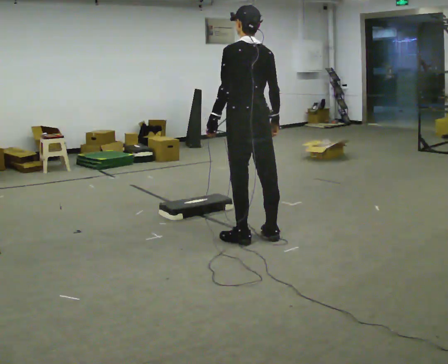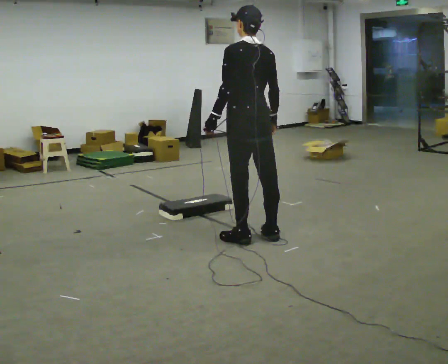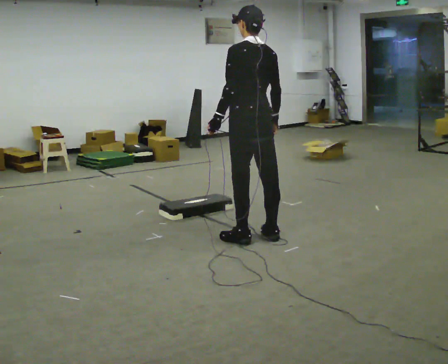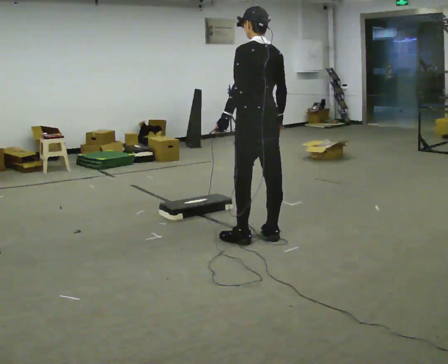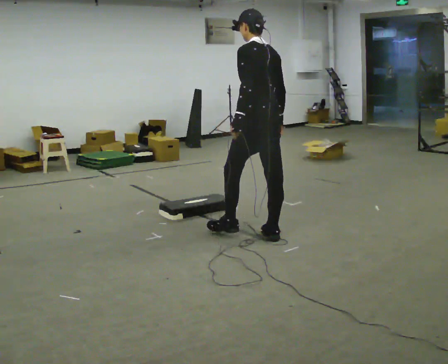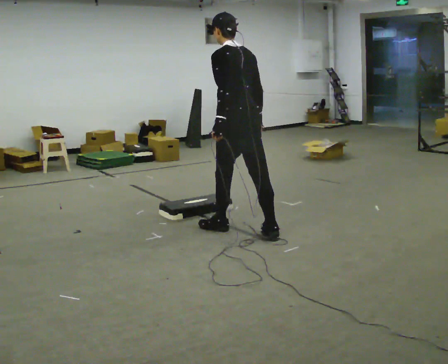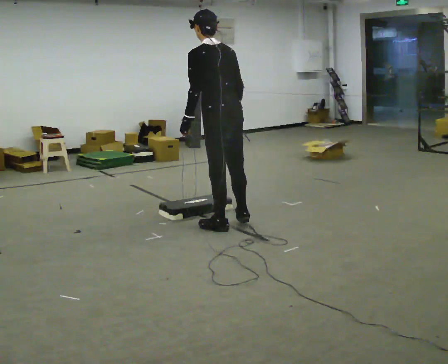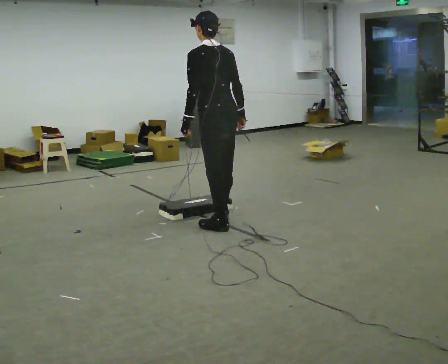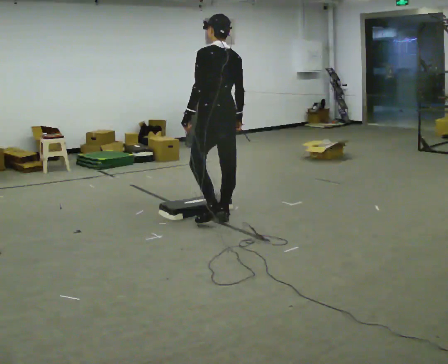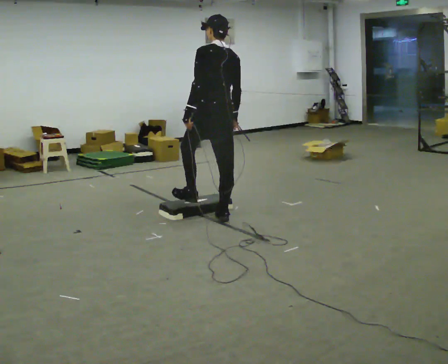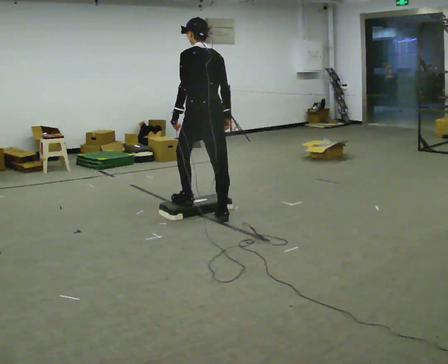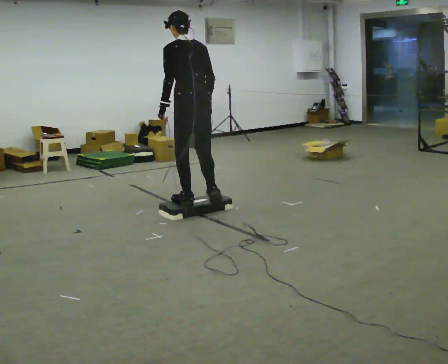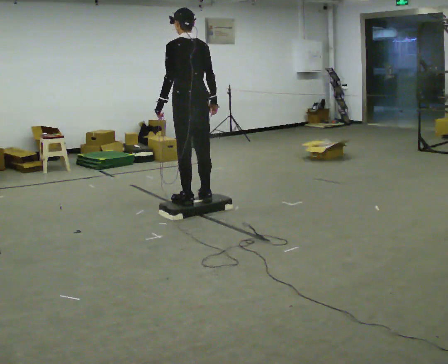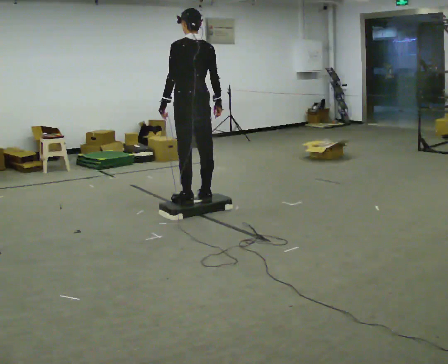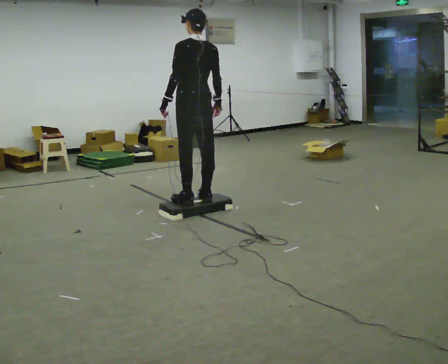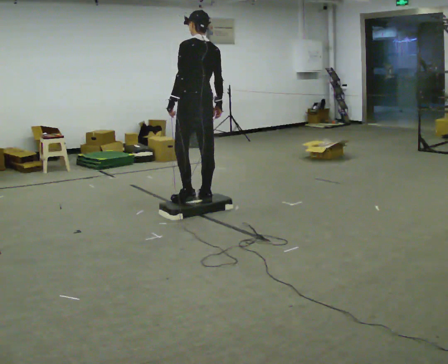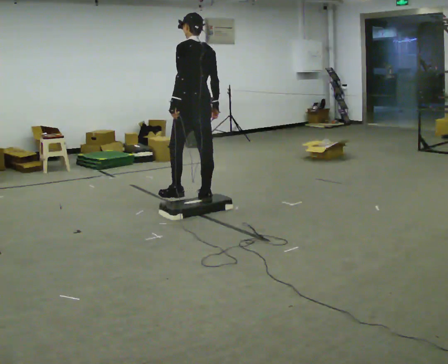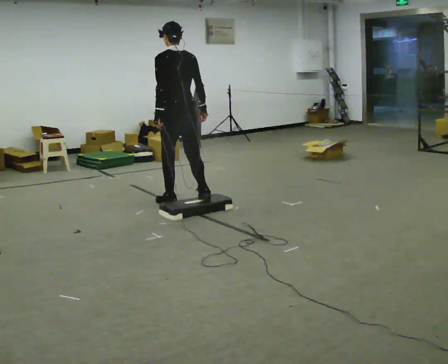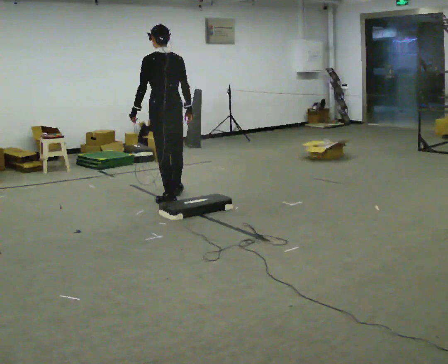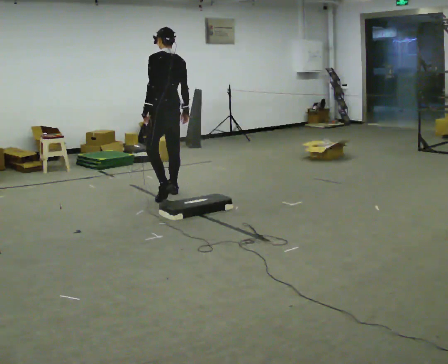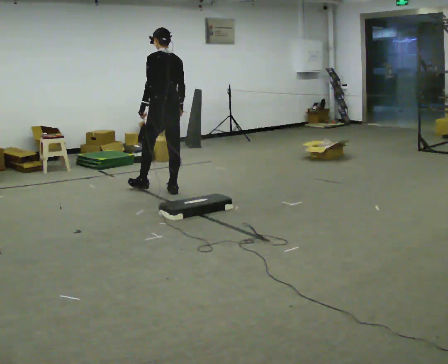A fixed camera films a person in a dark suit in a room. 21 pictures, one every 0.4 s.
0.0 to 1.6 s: The person moves a little, or ends about where they began.
1.6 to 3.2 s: In the picture they go away from the camera and to the left, about 0.5 m in 2 steps, which for them is forward.
3.2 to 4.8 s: In the picture they go away from the camera and to the left, about 0.5 m in 2 steps, which for them is forward.
4.8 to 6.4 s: The person moves a little, or ends about where they began.
6.4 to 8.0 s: In the picture they go away from the camera and to the left, about 0.75 m in 2 steps, which for them is forward.
The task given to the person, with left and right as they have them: Walk to the platform; step up onto it; step down the other side; continue walking.
The film runs forward here.
